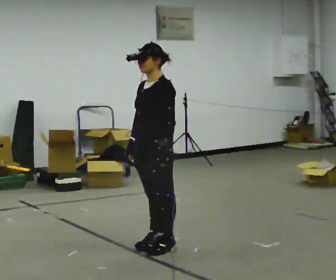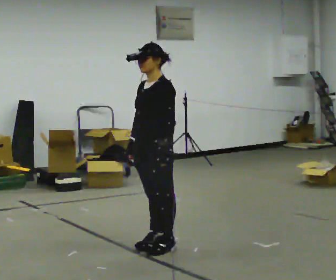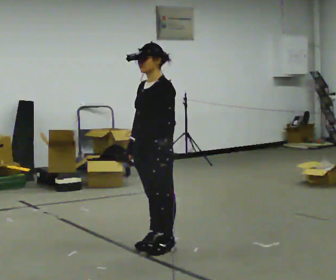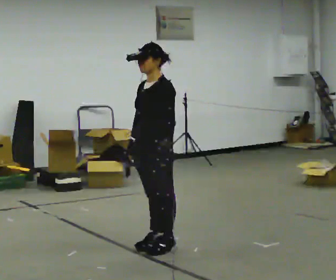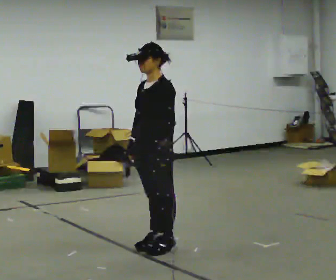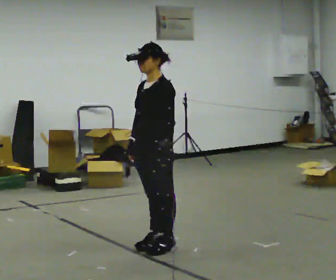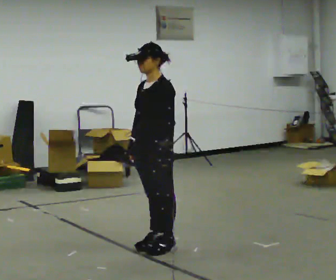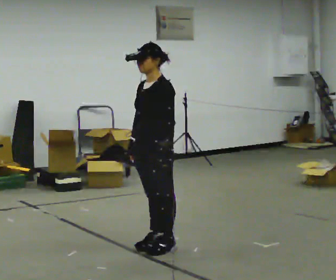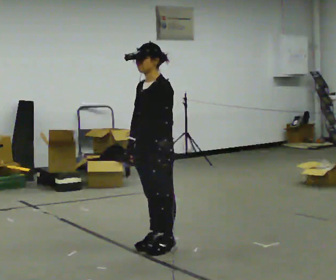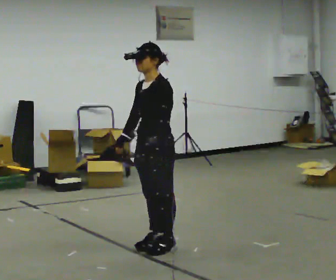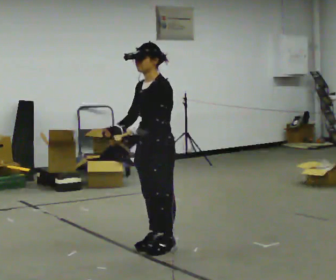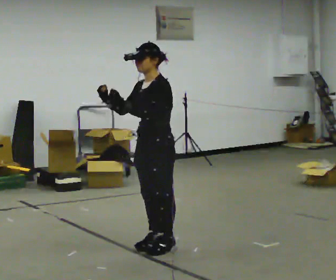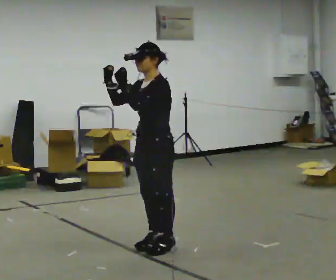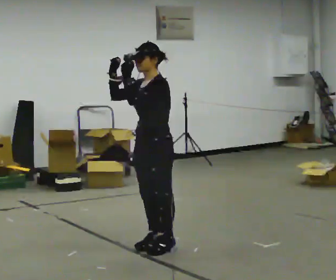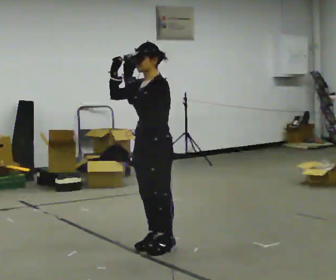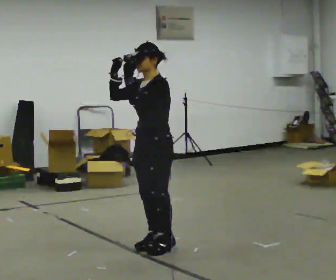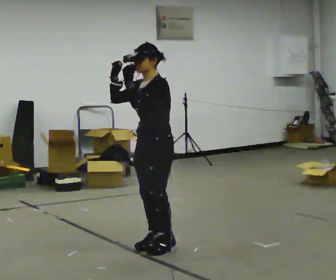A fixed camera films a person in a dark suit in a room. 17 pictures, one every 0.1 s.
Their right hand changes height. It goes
upward.
Their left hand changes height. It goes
upward.
0.0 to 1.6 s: In the picture their right hand goes upward.
The film runs forward here.
